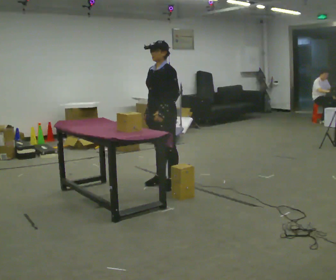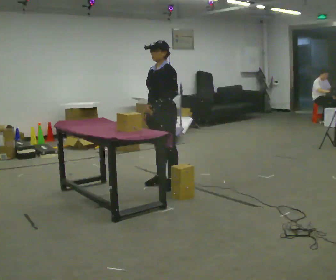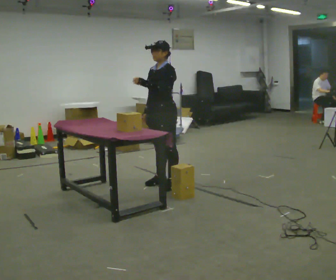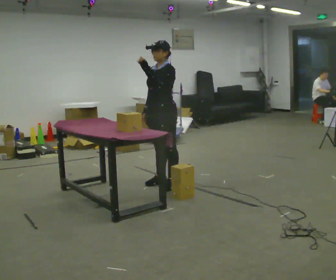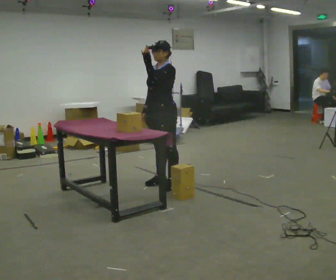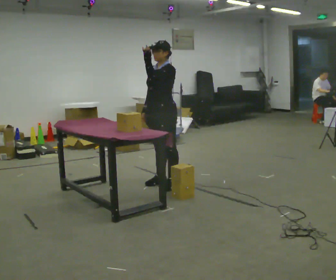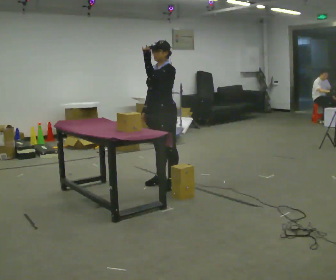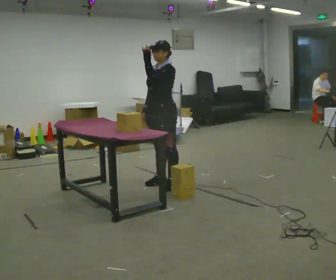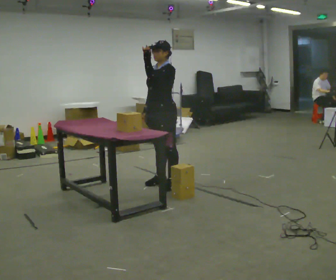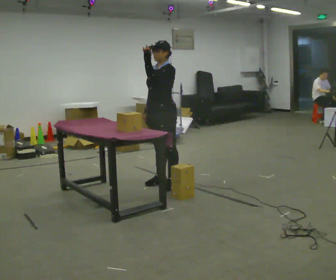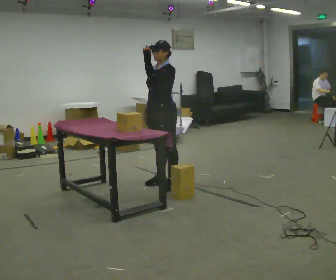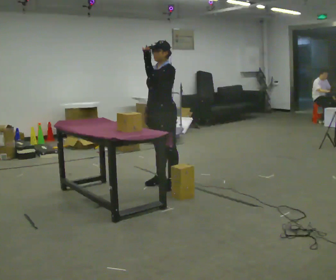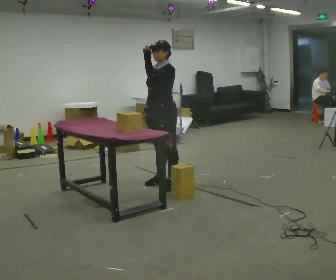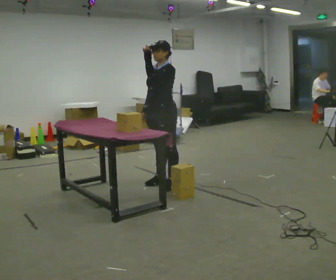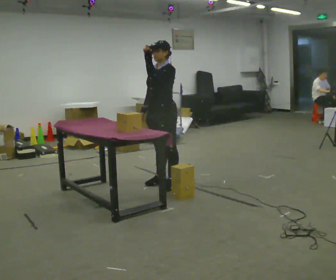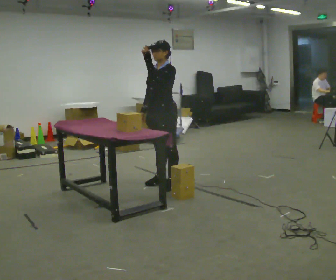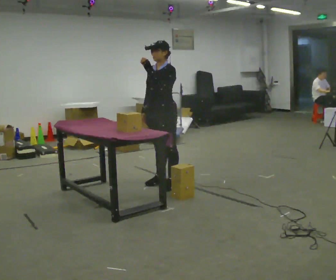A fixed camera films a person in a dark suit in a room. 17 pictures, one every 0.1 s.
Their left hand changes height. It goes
upward.
0.0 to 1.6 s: In the picture their left hand goes upward.
The film runs backward here.
